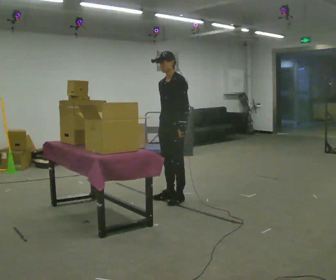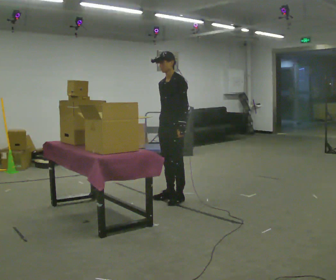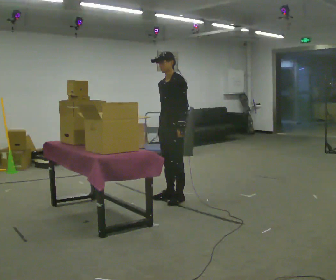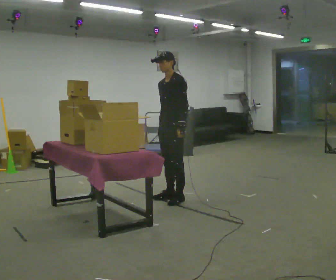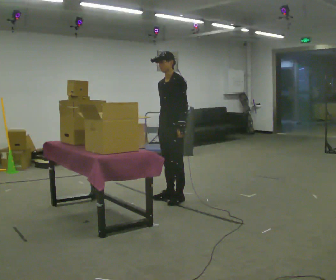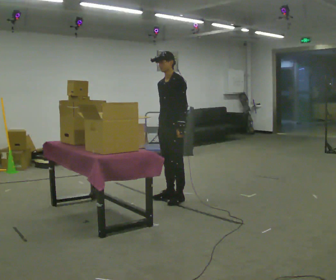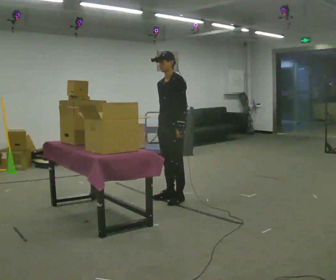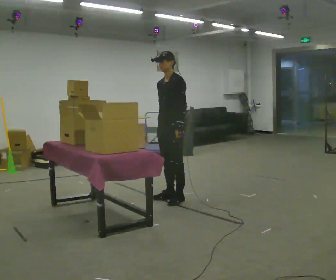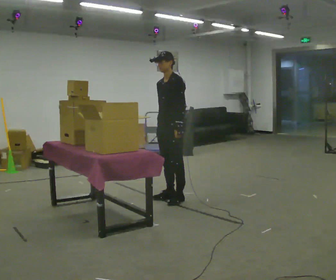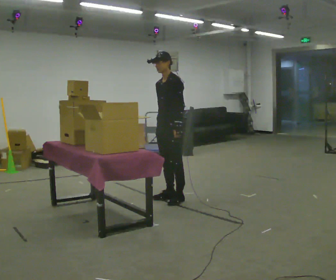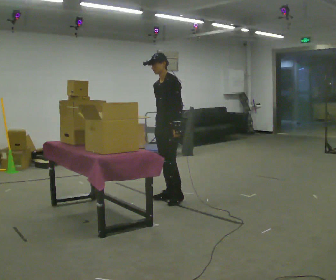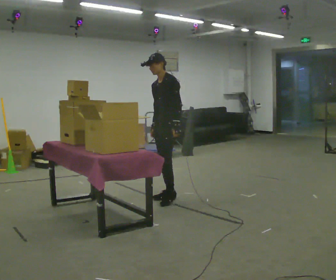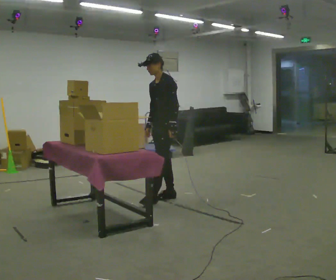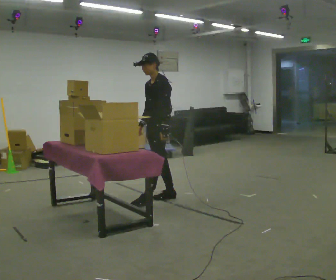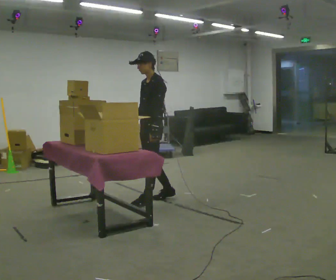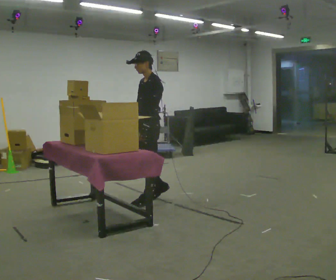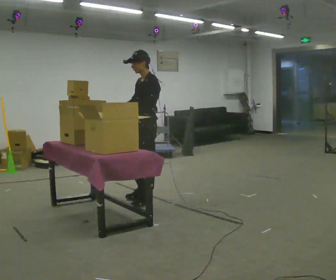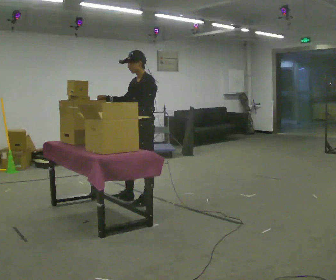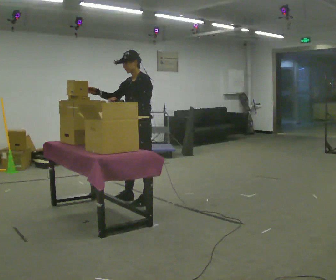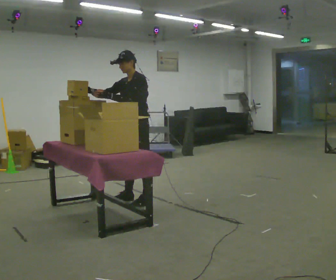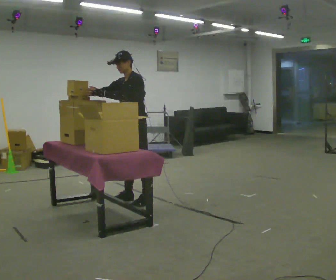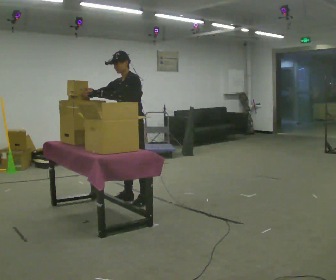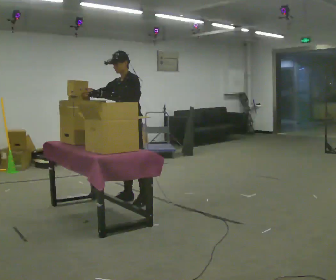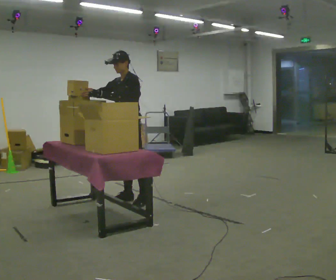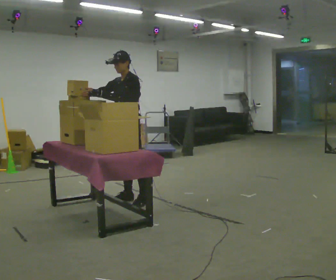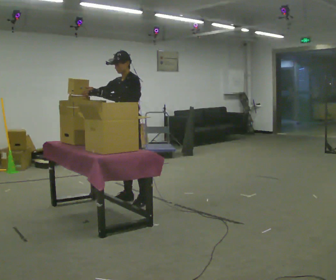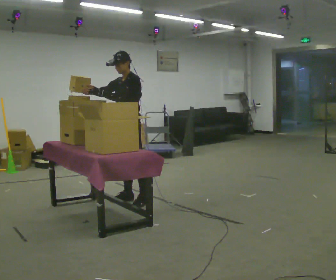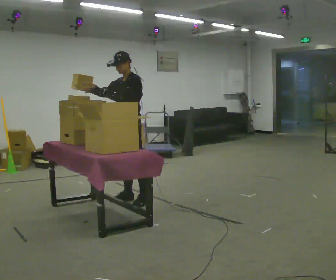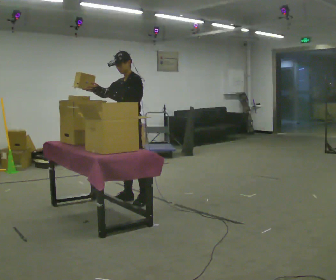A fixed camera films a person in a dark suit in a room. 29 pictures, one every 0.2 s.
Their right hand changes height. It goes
upward.
Their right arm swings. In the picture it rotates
clockwise.
0.0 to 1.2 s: The person keeps their place and pose.
1.2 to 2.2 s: The person moves a little, or ends about where they began.
2.2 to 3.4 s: In the picture they go to the left and toward the camera, about 0.25 m in 2 steps, which for them is forward. In the picture their right hand goes upward, the arm swinging clockwise.
3.4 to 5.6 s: The person moves a little, or ends about where they began.
The film runs forward here.
